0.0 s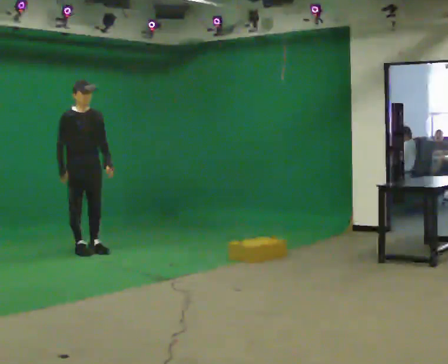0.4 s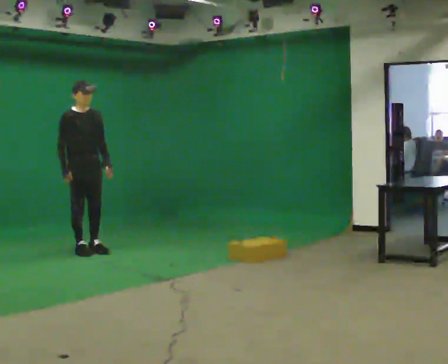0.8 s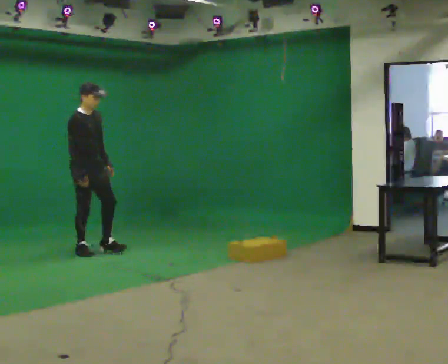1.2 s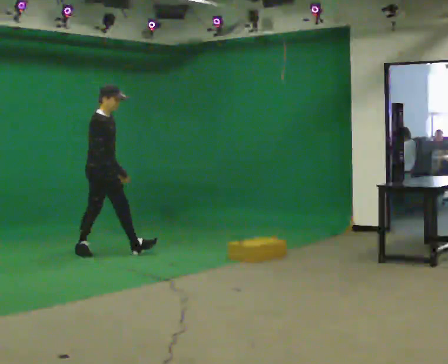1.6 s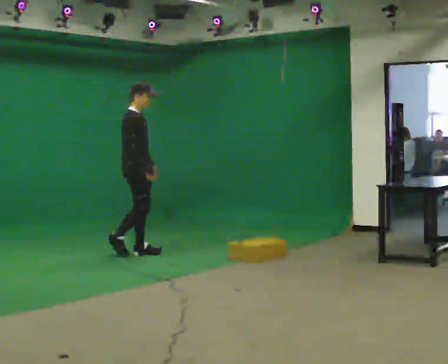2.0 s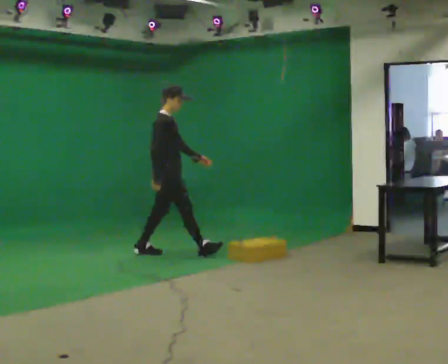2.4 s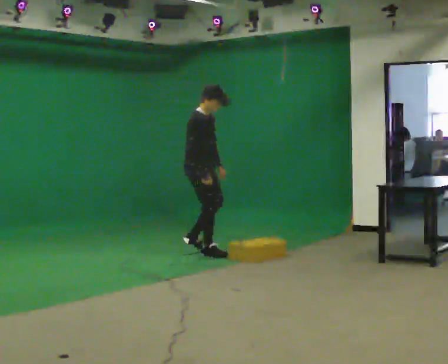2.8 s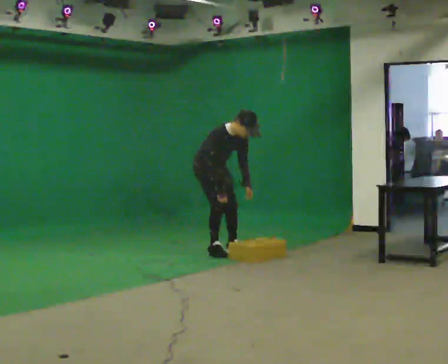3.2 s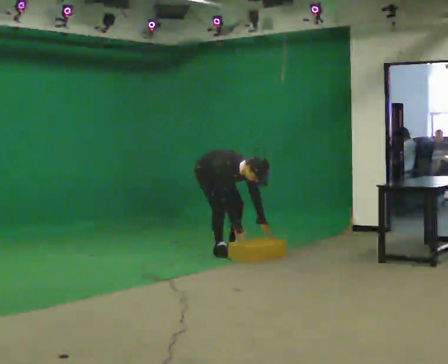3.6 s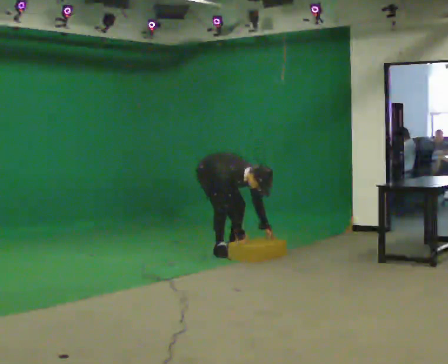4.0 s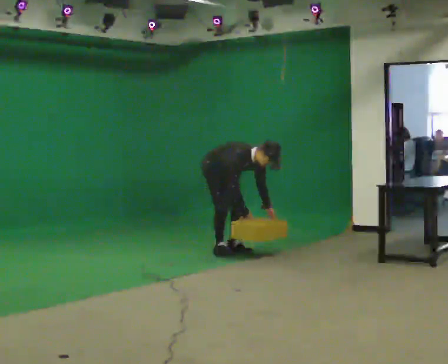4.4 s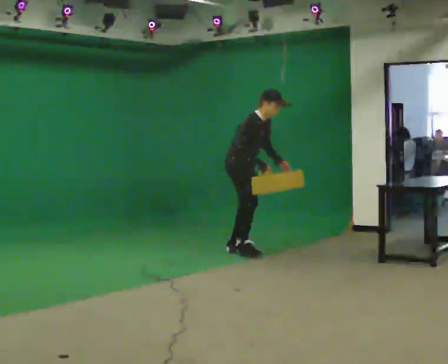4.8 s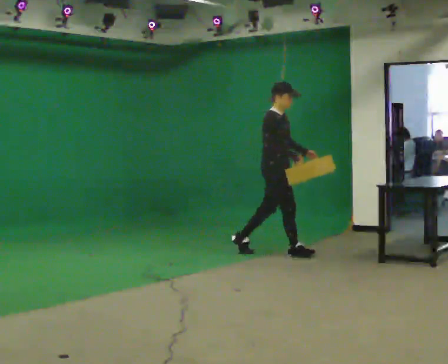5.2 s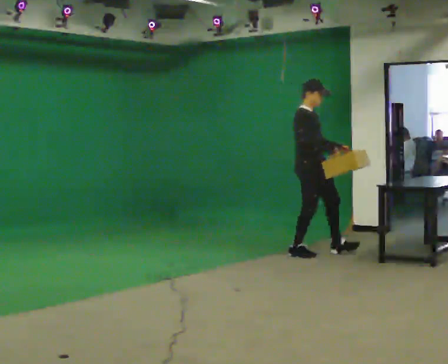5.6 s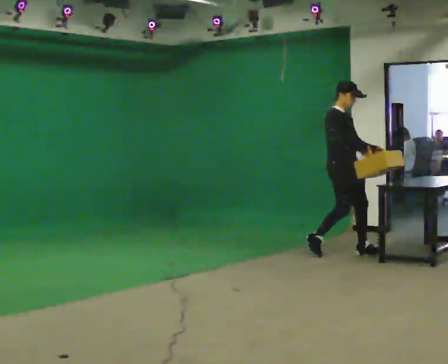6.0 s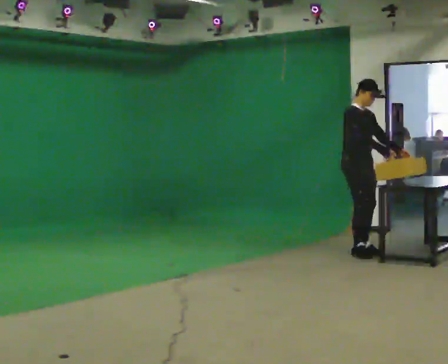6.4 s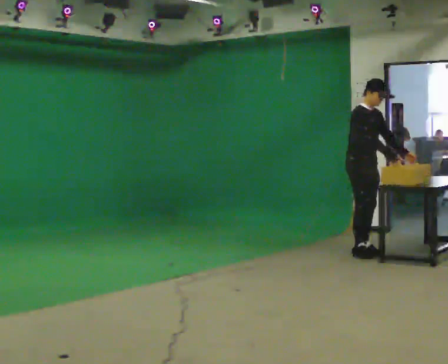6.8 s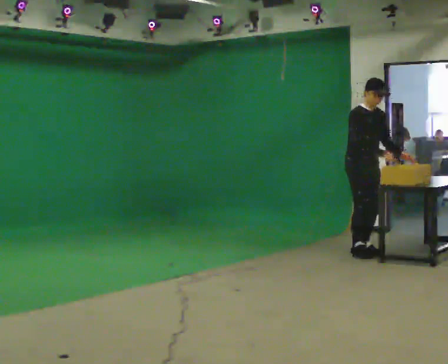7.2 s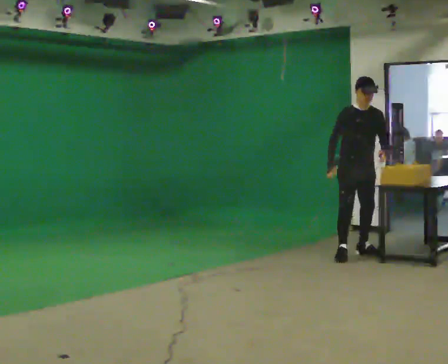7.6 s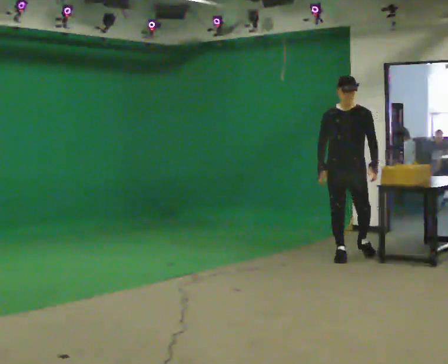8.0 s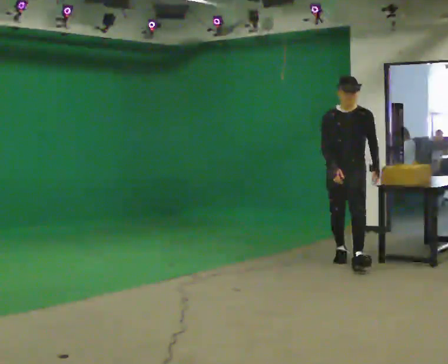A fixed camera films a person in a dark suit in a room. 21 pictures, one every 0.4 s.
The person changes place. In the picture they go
to the right.
0.0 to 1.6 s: The person turns about 45 degrees to their left, counterclockwise seen from above, so the part of the body nearest the lens slides to the right. In the picture they go to the right, about 0.5 m in 1 step, which for them is forward and to their left.
1.6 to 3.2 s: The person turns about 45 degrees to their right, clockwise seen from above, so the part of the body nearest the lens slides to the left. In the picture they go to the right, about 1 m in 2 steps, which for them is forward and to their left. The shoulders move downward. In the picture the upper body tilts clockwise, shoulders to the right, as they bend forward. In the picture their left hand goes downward.
3.2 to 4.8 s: Seen from above the body turns counterclockwise, about 30 degrees: to their left, with its near side sliding to the right. In the picture they go to the right, about 0.75 m in 1 step, which for them is forward. The upper body goes upward. In the picture the upper body tilts counterclockwise, shoulders to the left, as they lean back or straighten. In the picture their right hand goes upward.
4.8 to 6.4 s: The person turns about 30 degrees to their right, clockwise seen from above, so the part of the body nearest the lens slides to the left. In the picture they go to the right, about 1 m in 2 steps, which for them is forward and to their left.
6.4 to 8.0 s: The part of the body nearest the lens slides to the left as the person turns to their right by about 60 degrees. In the picture they go toward the camera, about 0.5 m in 1 step. In the picture the upper body tilts counterclockwise, shoulders to the left.
The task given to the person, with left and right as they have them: Walk forward noticeably slower than normal; do not shuffle; stop.
The film runs forward here.
